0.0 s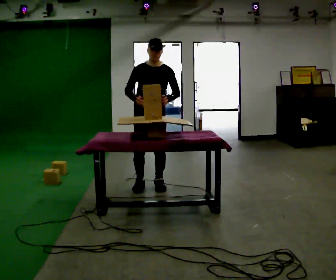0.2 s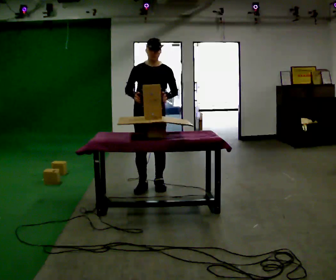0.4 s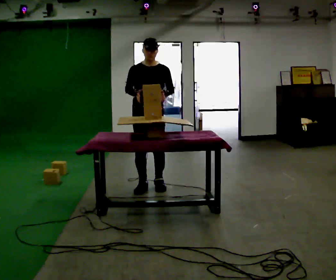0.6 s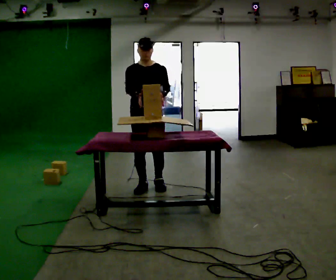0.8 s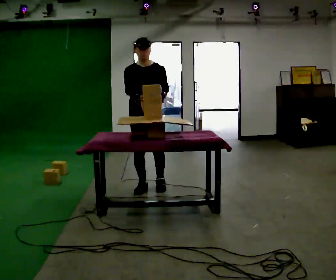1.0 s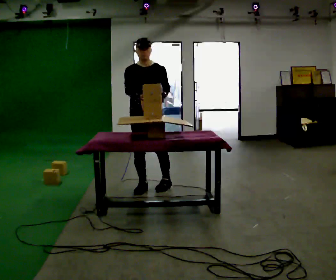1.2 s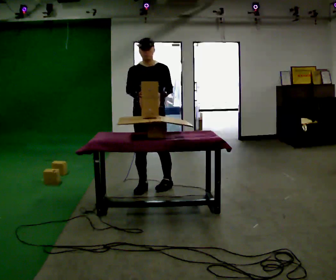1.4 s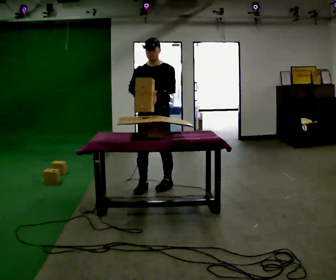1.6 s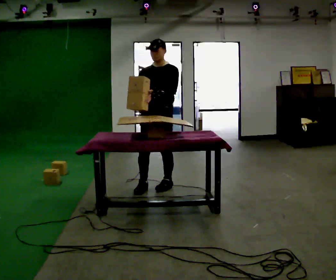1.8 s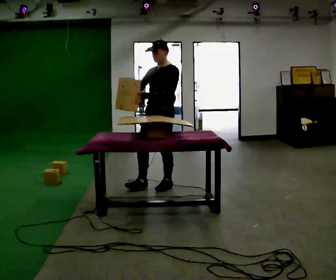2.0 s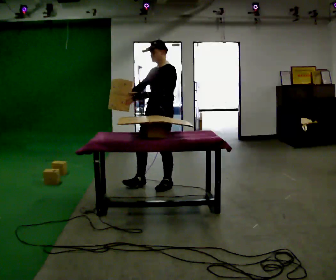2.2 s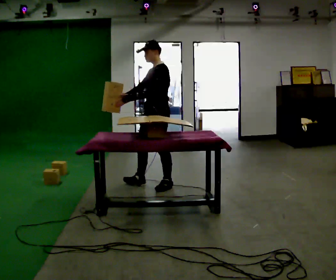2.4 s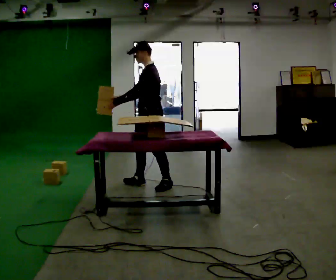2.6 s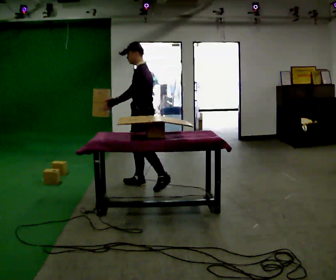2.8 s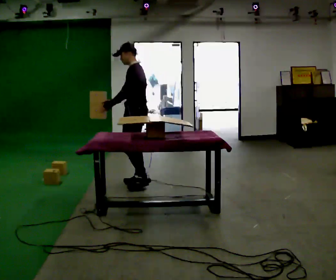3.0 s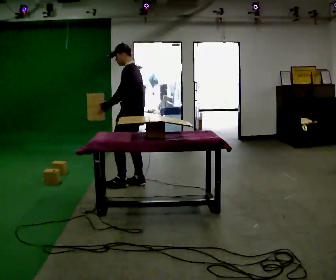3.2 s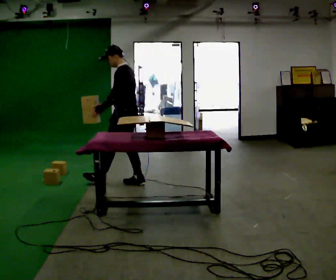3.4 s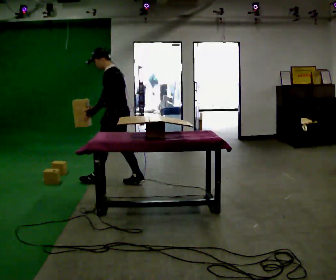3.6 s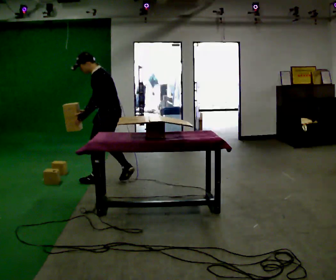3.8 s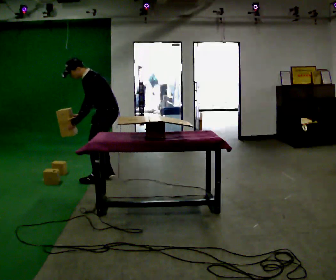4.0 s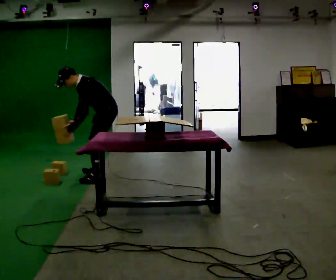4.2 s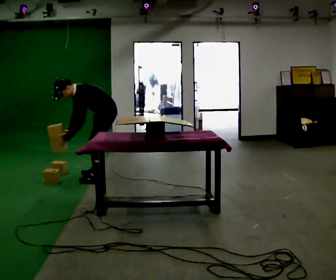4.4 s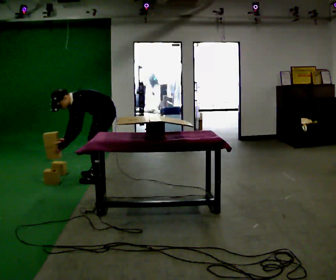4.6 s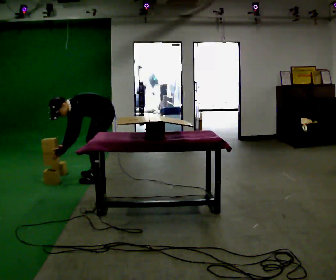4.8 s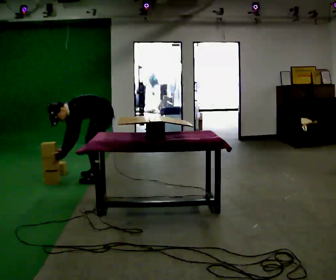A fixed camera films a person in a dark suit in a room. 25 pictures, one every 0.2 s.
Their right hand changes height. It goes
downward.
The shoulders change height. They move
downward.
0.0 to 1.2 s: The person moves a little, or ends about where they began.
1.2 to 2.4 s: The part of the body nearest the lens slides to the left as the person turns to their right by about 75 degrees.
2.4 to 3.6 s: In the picture they go to the left, about 0.5 m in 1 step, which for them is forward. In the picture the upper body tilts counterclockwise, shoulders to the left, as they bend forward.
3.6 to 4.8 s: The part of the body nearest the lens slides to the right as the person turns to their left by about 30 degrees. In the picture they go away from the camera, about 0.25 m in 1 step, which for them is to their right. The upper body goes downward. In the picture the upper body tilts counterclockwise, shoulders to the left, as they bend forward. In the picture their right hand goes downward.
The film runs forward here.
